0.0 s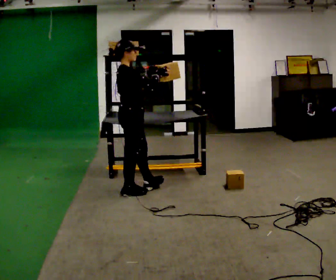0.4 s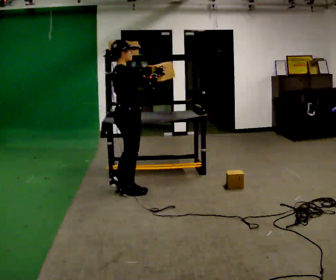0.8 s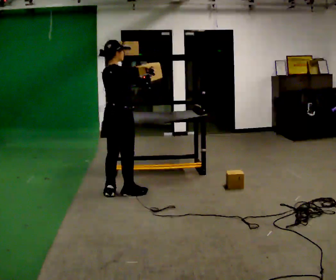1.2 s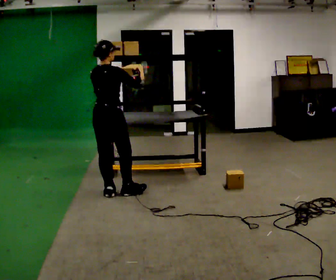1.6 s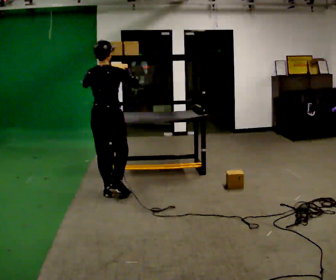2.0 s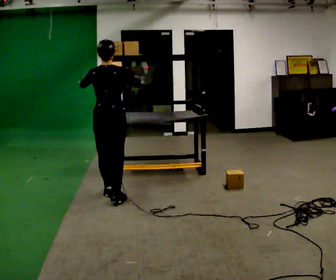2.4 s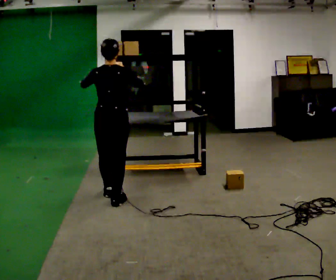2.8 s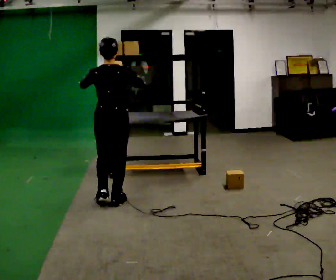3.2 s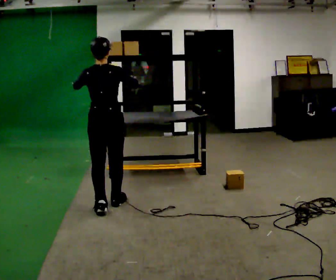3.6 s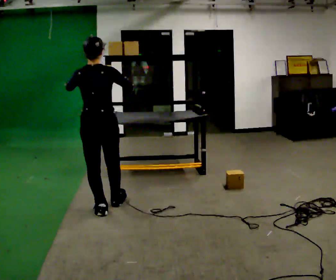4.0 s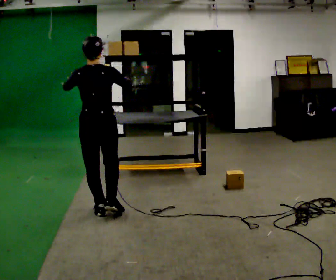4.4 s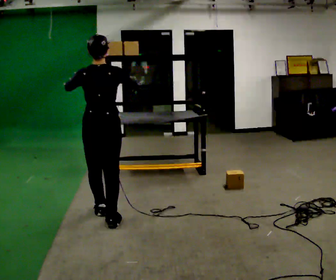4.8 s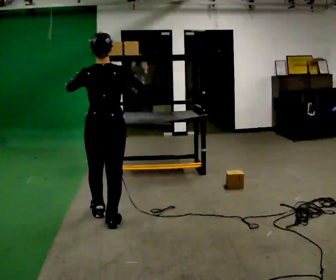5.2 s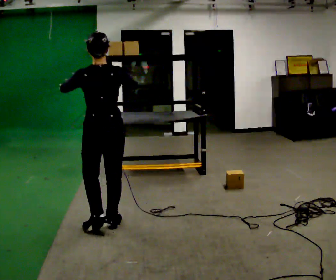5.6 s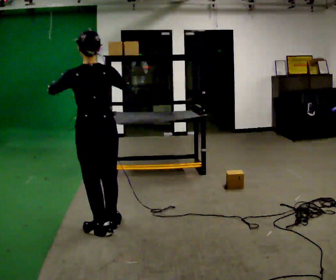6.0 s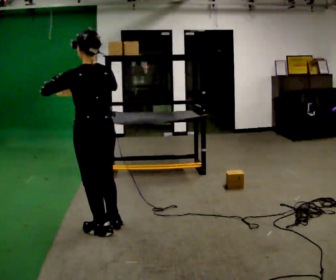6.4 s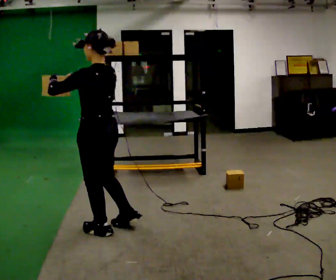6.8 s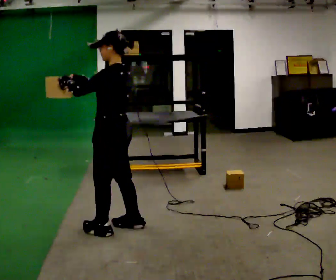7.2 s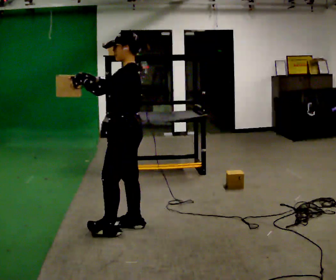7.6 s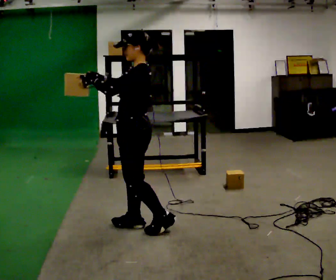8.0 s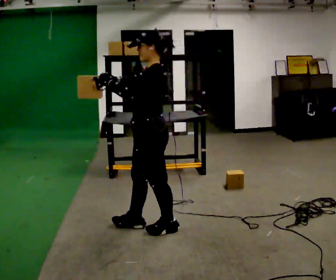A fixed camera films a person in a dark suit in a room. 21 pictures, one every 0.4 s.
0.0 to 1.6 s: Seen from above the body turns counterclockwise, about 60 degrees: to their left, with its near side sliding to the right. In the picture they go to the left, about 0.25 m in 2 steps.
1.6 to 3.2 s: In the picture they go toward the camera, about 0.25 m in 1 step, which for them is backward.
3.2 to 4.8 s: In the picture they go toward the camera, about 0.5 m in 2 steps, which for them is backward.
4.8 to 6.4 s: The part of the body nearest the lens slides to the right as the person turns to their left by about 45 degrees. In the picture they go toward the camera, about 0.25 m in 1 step, which for them is backward. In the picture their right hand goes to the left.
6.4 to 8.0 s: The person turns about 45 degrees to their left, counterclockwise seen from above, so the part of the body nearest the lens slides to the right. In the picture they go to the right, about 0.5 m in 1 step, which for them is backward.
The film runs backward here.
